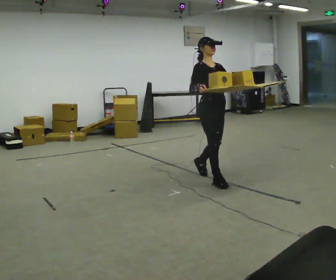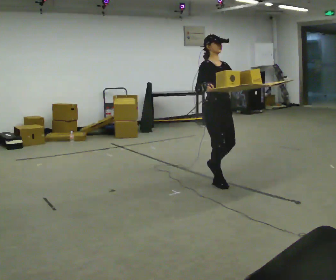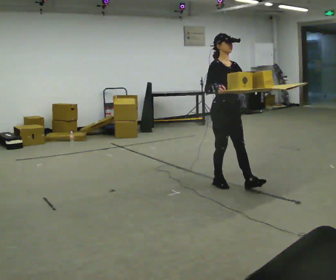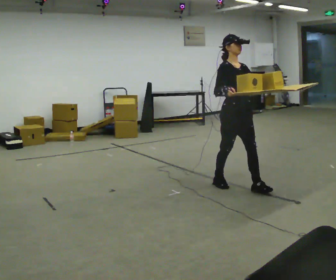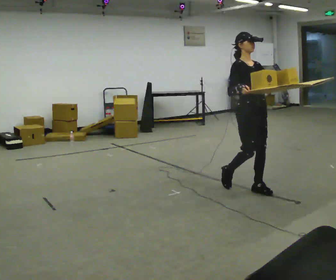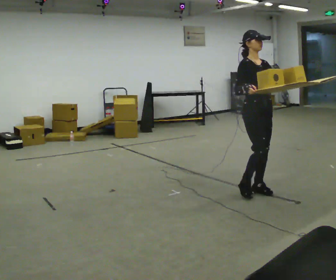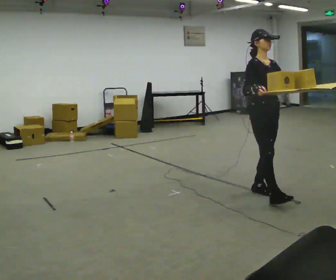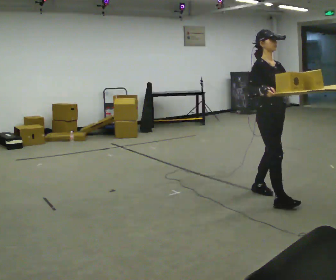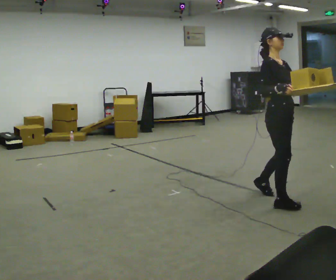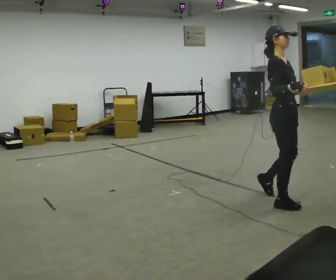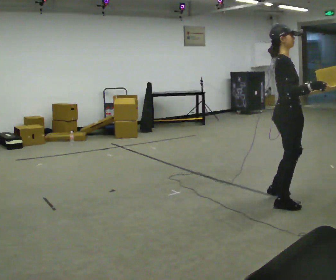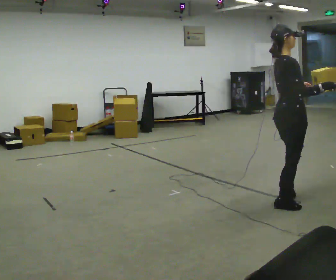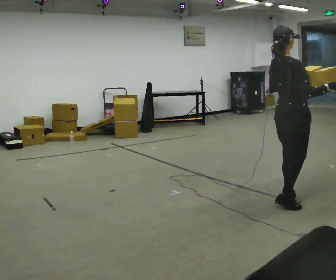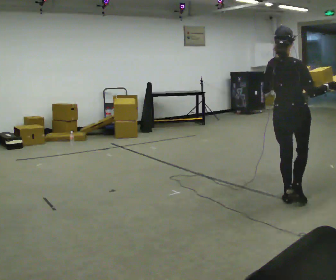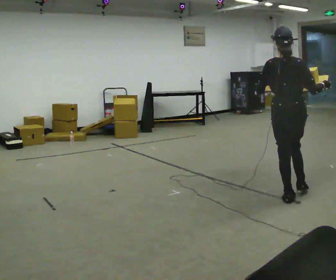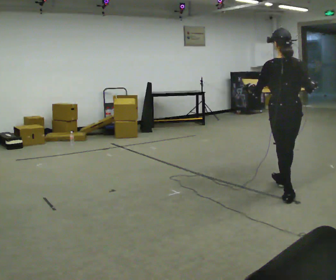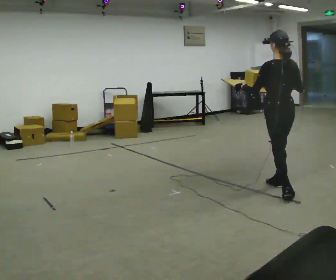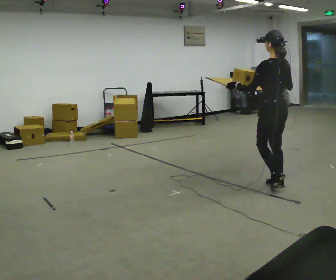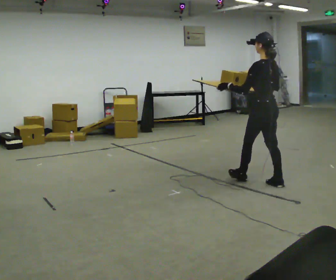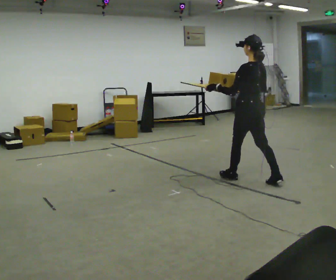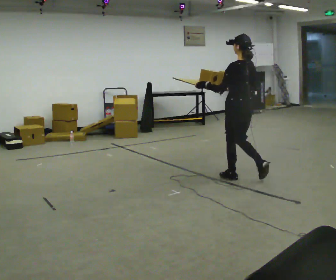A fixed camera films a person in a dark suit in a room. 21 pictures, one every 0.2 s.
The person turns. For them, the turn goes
to their left.
The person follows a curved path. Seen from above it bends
counterclockwise.
0.0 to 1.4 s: In the picture they go to the right and toward the camera, about 1 m in 2 steps, which for them is forward.
1.4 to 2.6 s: The person turns about 90 degrees to their left, counterclockwise seen from above, so the part of the body nearest the lens slides to the right. In the picture they go to the right, about 0.25 m in 1 step. In the picture their left hand goes to the left.
2.6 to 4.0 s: The part of the body nearest the lens slides to the right as the person turns to their left by about 75 degrees. In the picture they go away from the camera and to the left, about 1 m in 2 steps.
The film runs forward here.
